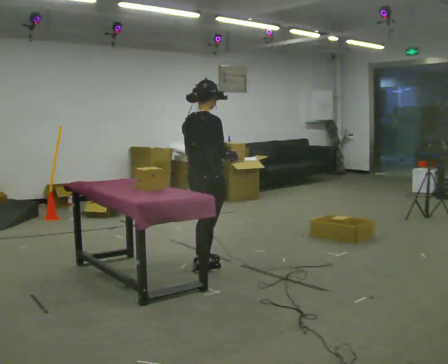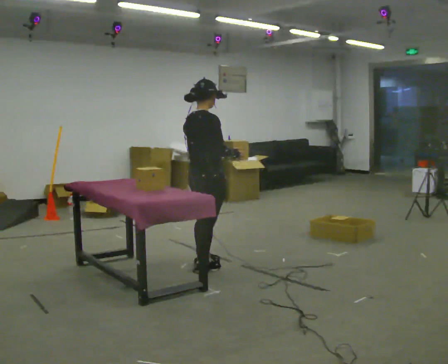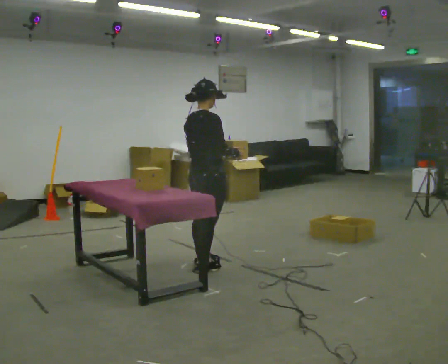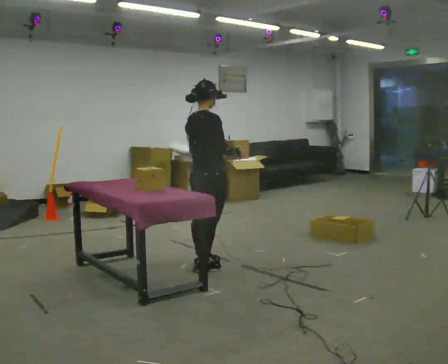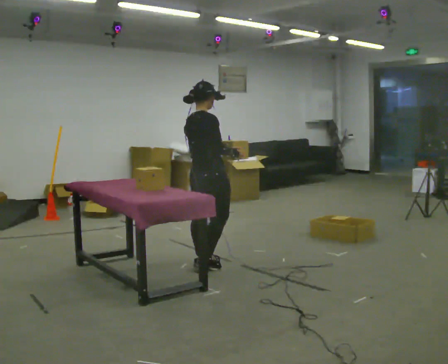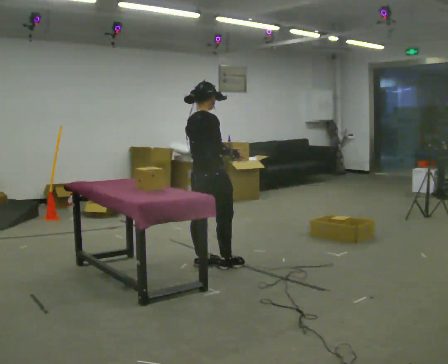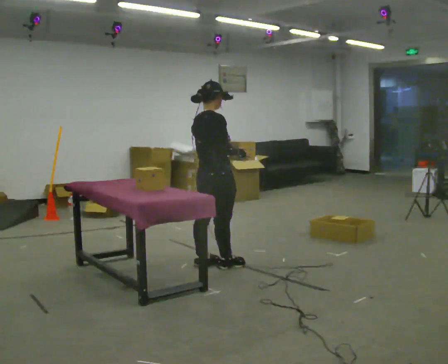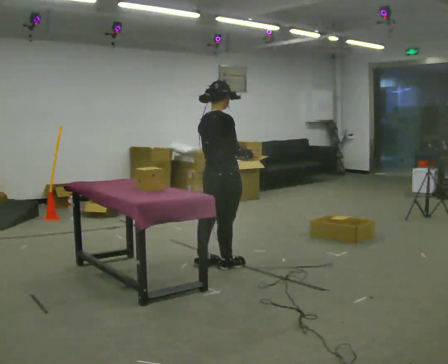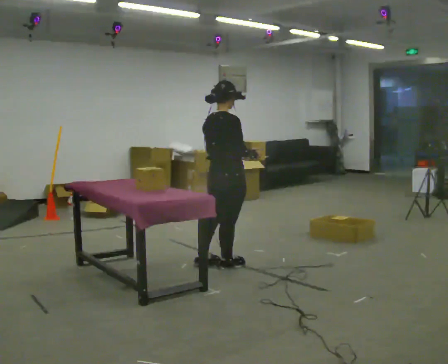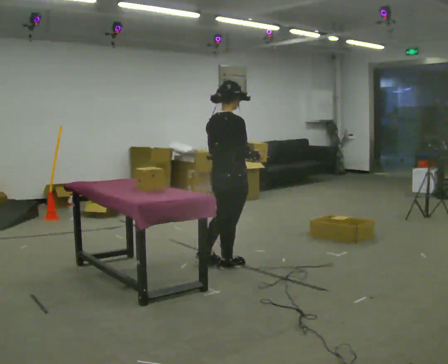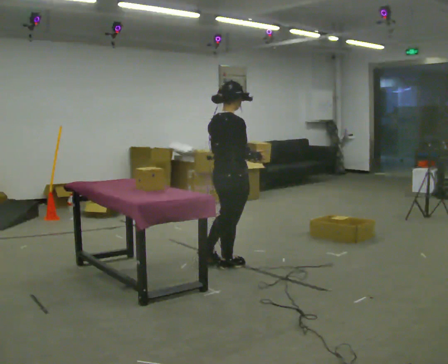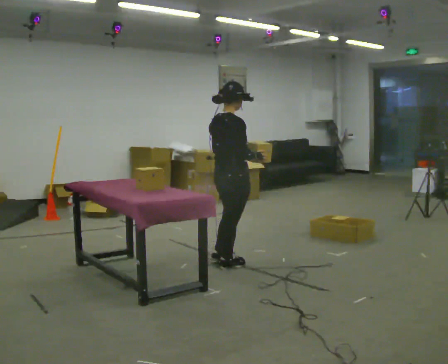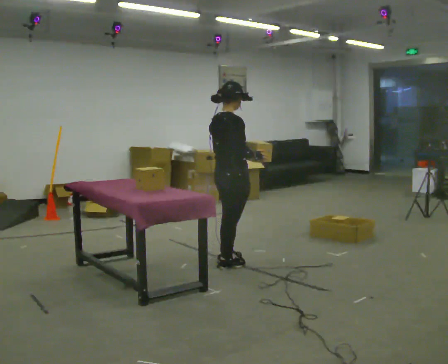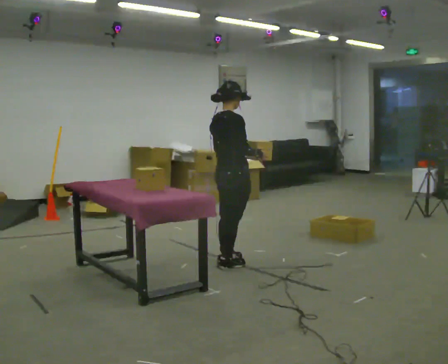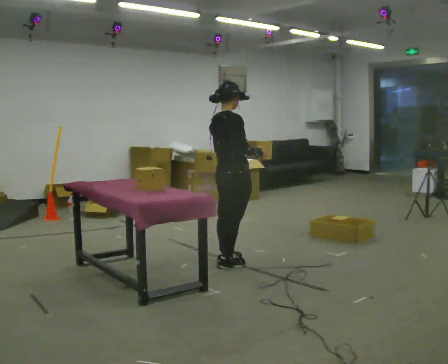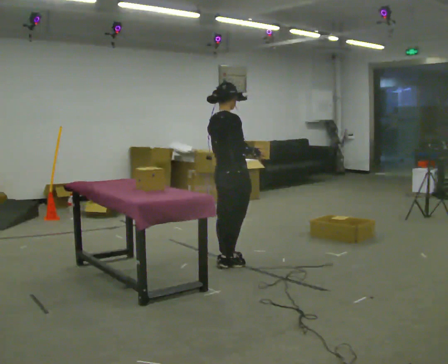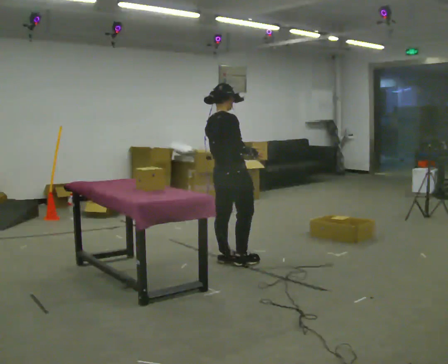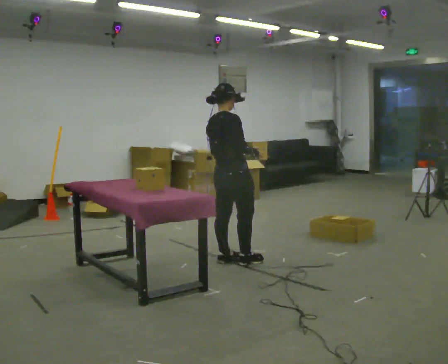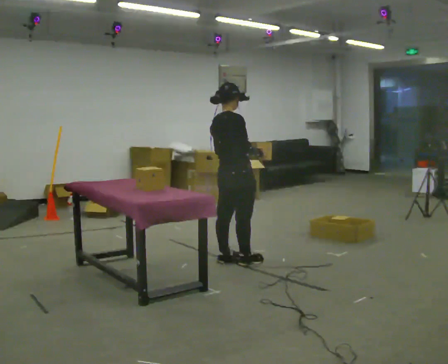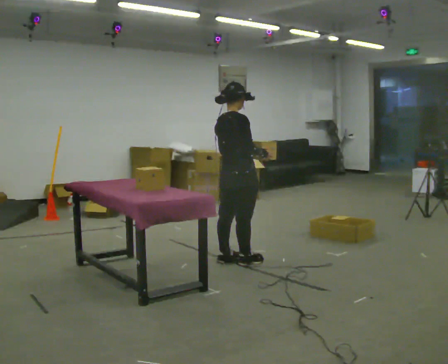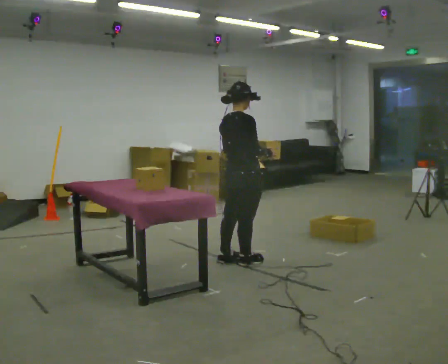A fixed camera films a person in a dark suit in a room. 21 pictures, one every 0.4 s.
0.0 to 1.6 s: In the picture they go away from the camera, about 0.25 m, which for them is to their left.
1.6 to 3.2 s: In the picture they go to the right, about 0.25 m in 1 step, which for them is to their right.
3.2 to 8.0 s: In the picture they go to the right, about 0.25 m in 2 steps, which for them is forward.
The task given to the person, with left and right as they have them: Carry each object across the room and drop it into the container on the floor, then walk back for the next one. Keep going until the operator says stop; one object at a time, and do not rush between trips.
The film runs forward here.
